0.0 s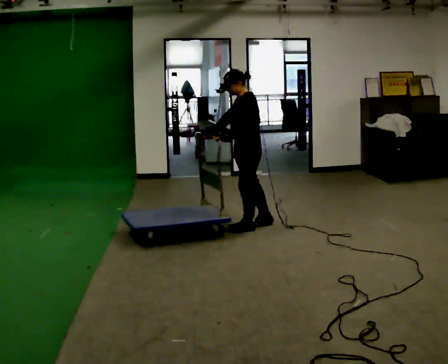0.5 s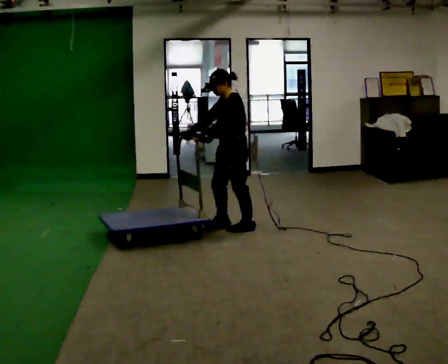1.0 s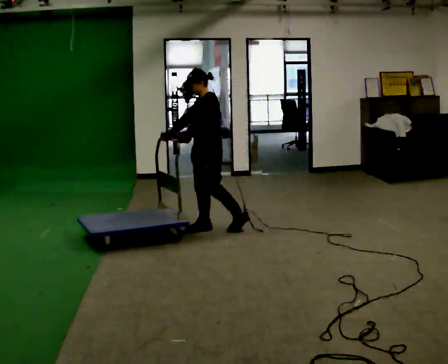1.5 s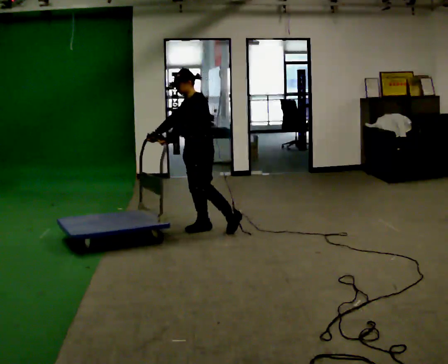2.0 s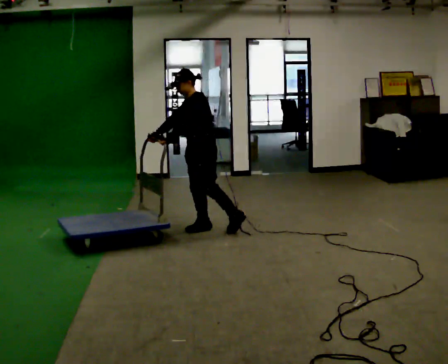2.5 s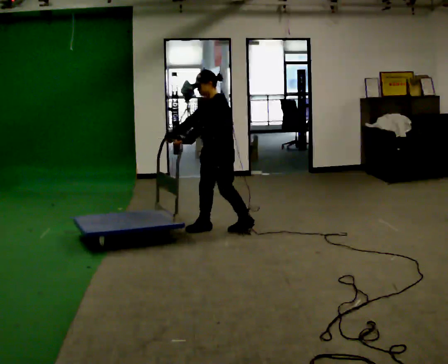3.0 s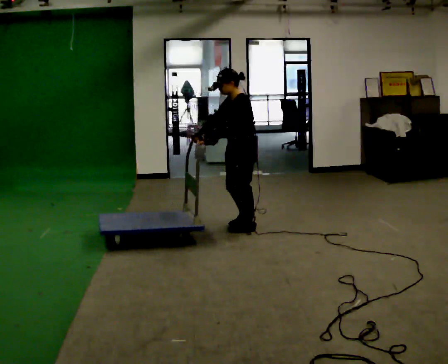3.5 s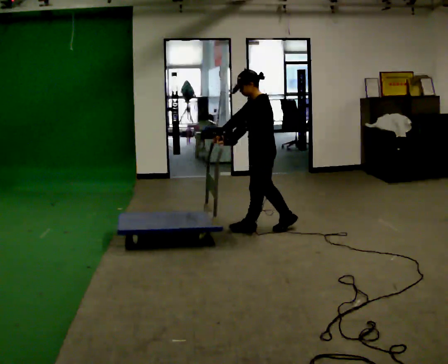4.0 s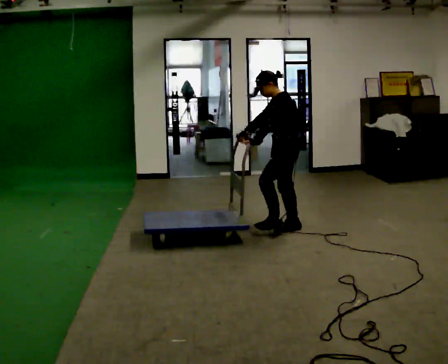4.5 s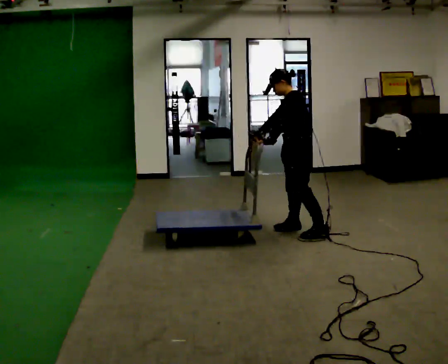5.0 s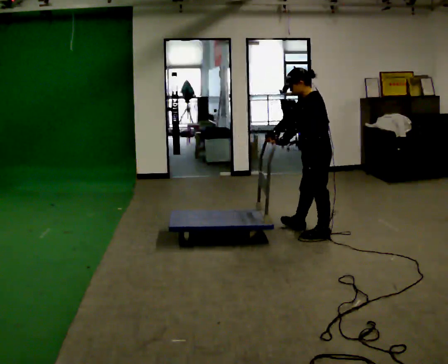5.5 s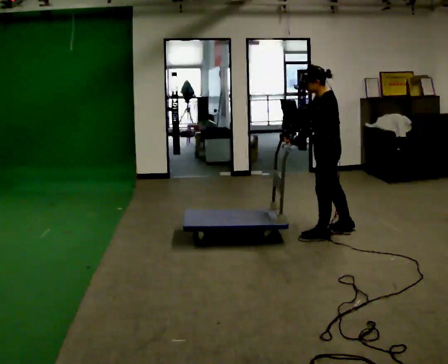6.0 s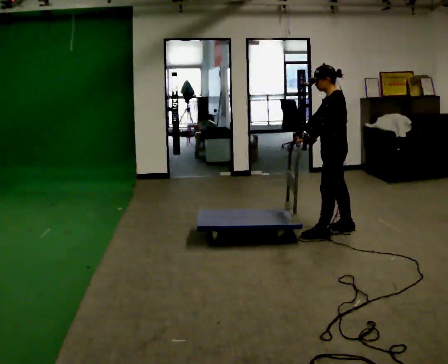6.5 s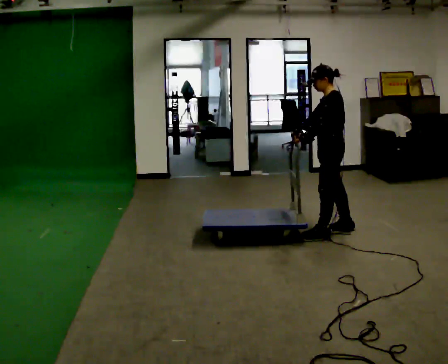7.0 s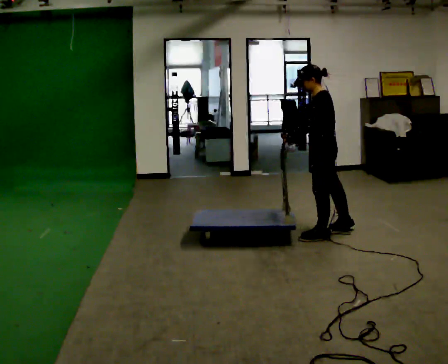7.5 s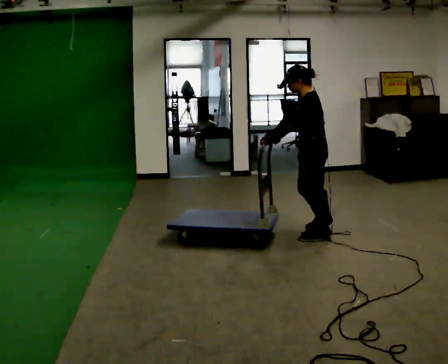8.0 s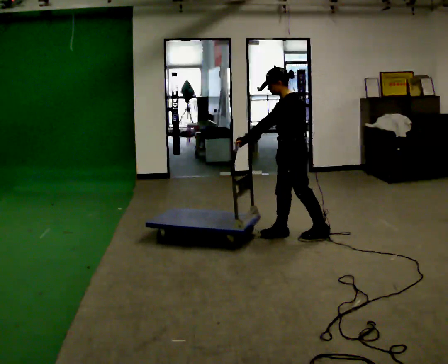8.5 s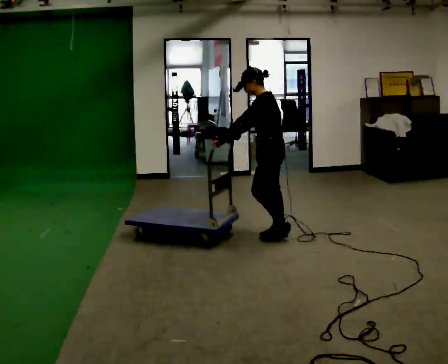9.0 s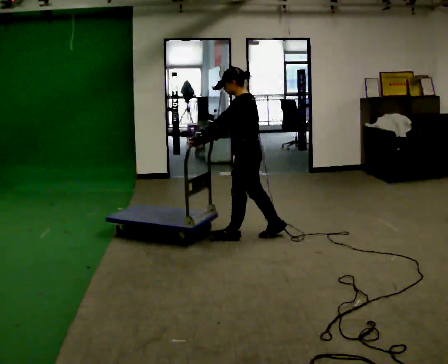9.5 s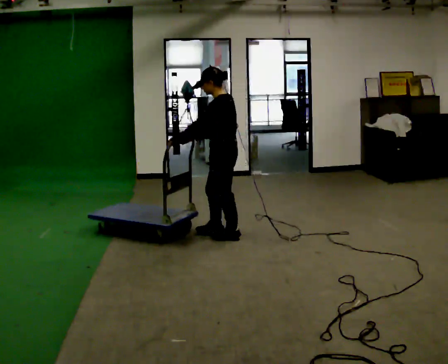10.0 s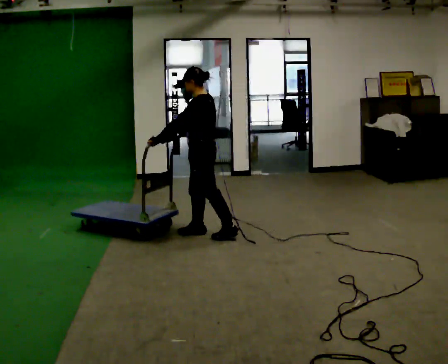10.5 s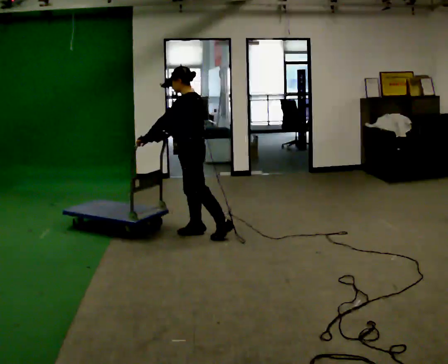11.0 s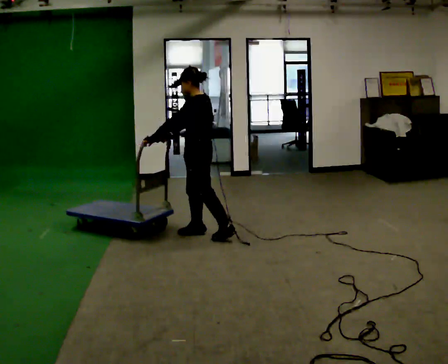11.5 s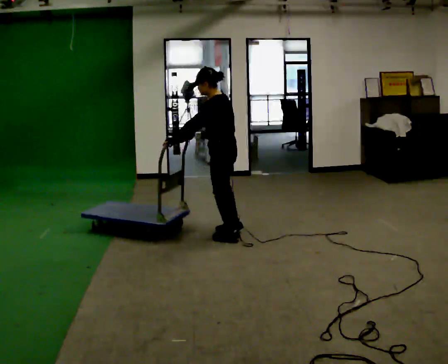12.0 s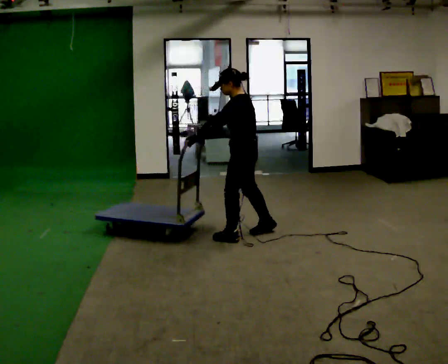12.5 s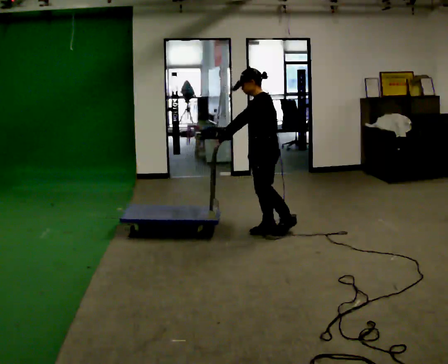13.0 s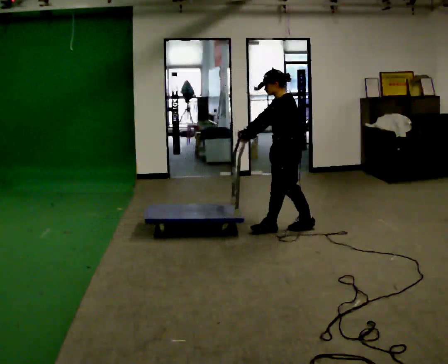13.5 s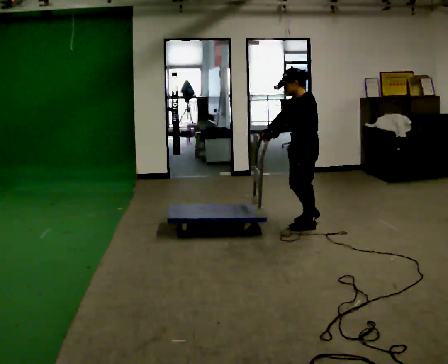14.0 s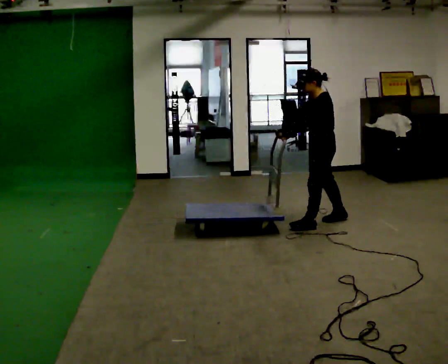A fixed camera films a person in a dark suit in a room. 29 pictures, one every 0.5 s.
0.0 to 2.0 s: In the picture they go to the left, about 0.5 m in 2 steps, which for them is forward.
2.0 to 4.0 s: In the picture they go to the right, about 1 m in 1 step, which for them is backward and to their left.
4.0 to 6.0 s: In the picture they go to the right, about 0.5 m in 2 steps, which for them is backward.
6.0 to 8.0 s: In the picture they go to the left and toward the camera, about 0.5 m in 1 step, which for them is forward.
8.0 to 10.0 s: In the picture they go to the left, about 1 m in 2 steps, which for them is forward.
10.0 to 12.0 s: In the picture they go to the right, about 0.5 m in 1 step, which for them is backward.
12.0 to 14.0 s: In the picture they go to the right and away from the camera, about 1 m in 2 steps, which for them is backward.
The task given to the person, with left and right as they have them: Get the cart into the marked parking space and lined up with the tape. Take as many adjustments as you need. Then take it out again and repeat.
The film runs forward here.
